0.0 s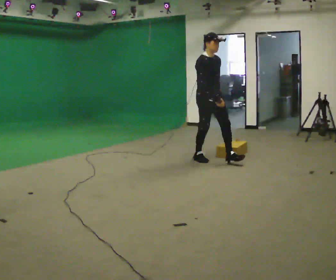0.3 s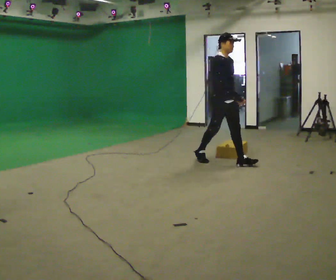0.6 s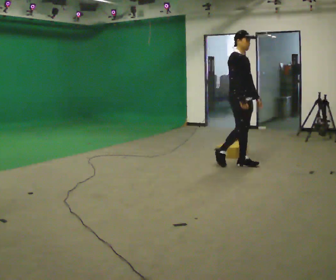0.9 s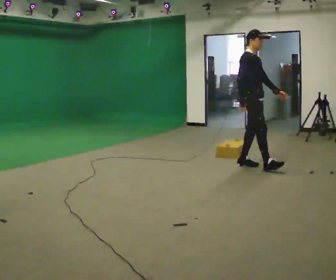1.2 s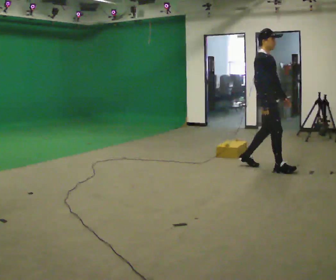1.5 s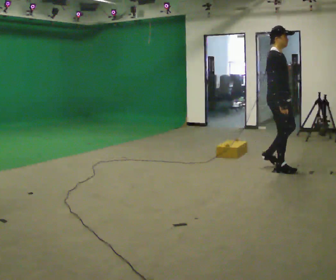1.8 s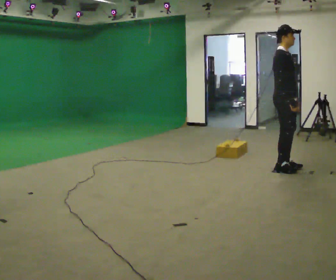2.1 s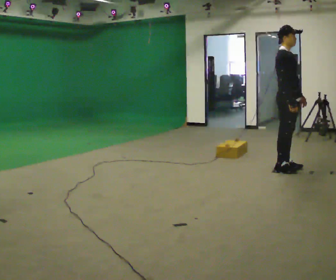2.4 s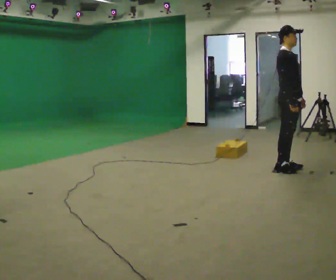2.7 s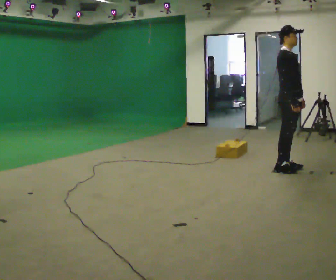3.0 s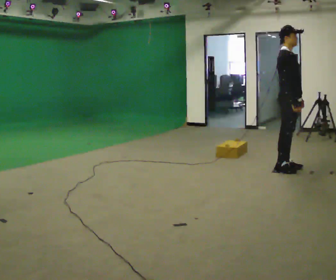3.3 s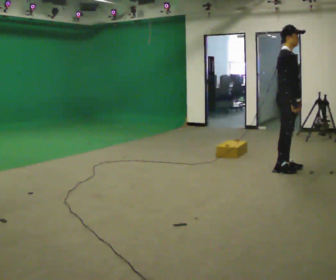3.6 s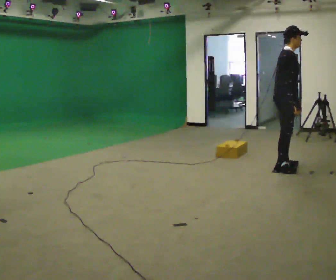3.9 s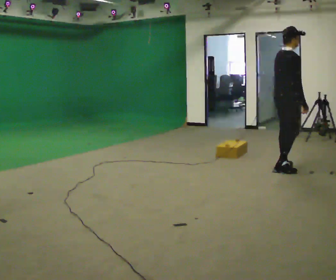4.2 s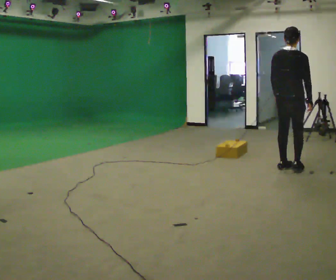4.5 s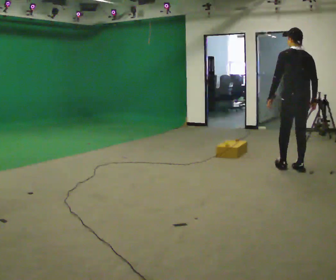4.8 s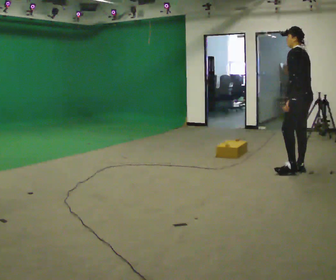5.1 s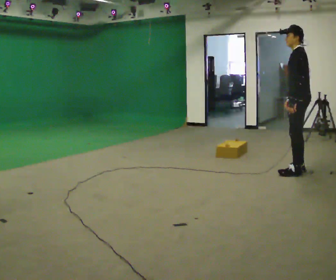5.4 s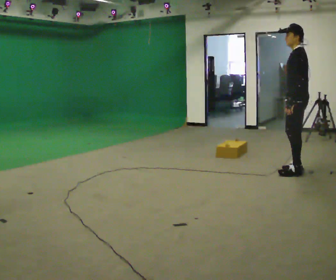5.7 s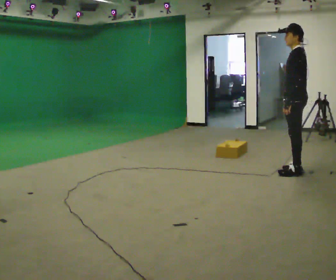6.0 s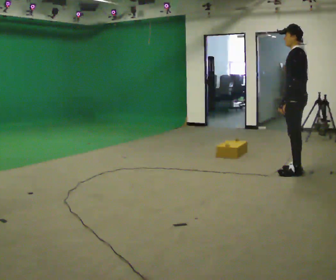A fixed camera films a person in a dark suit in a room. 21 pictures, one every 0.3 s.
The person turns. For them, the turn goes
to their left.
The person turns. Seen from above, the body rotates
counterclockwise.
0.0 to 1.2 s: Seen from above the body turns counterclockwise, about 30 degrees: to their left, with its near side sliding to the right. In the picture they go to the right, about 1 m in 2 steps, which for them is forward.
1.2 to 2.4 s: In the picture they go to the right, about 0.25 m in 1 step, which for them is forward.
2.4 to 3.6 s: In the picture the upper body tilts clockwise, shoulders to the right.
3.6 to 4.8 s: The person turns about 150 degrees to their left, counterclockwise seen from above, so the part of the body nearest the lens slides to the right. In the picture they go to the right, about 0.25 m in 1 step. In the picture the upper body tilts counterclockwise, shoulders to the left.
4.8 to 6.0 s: The person moves a little, or ends about where they began.
The film runs forward here.
